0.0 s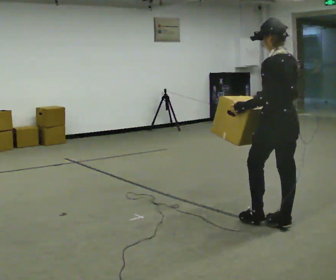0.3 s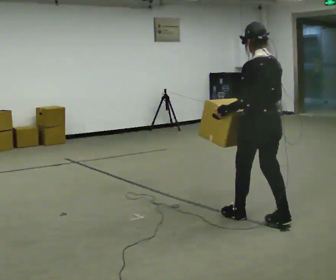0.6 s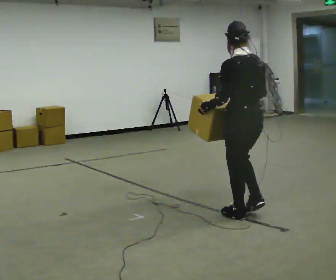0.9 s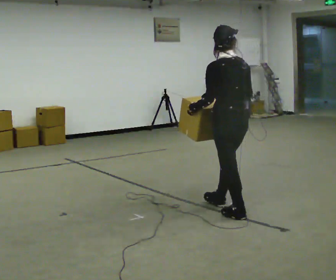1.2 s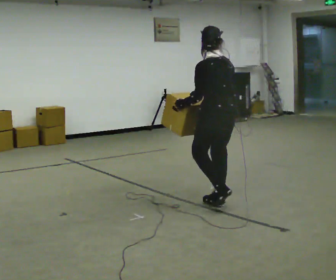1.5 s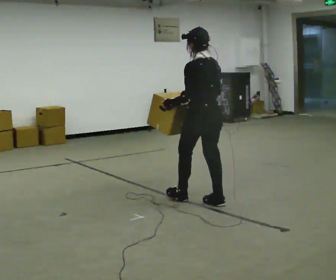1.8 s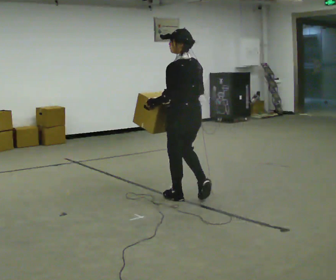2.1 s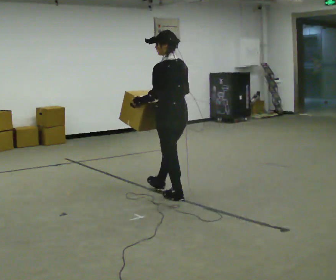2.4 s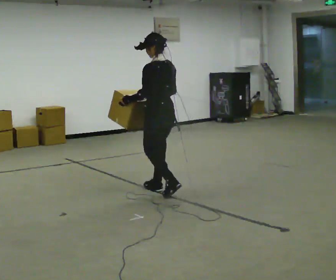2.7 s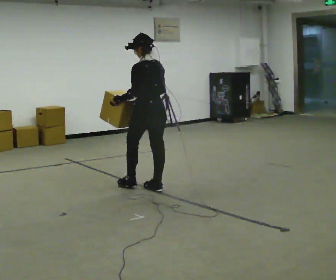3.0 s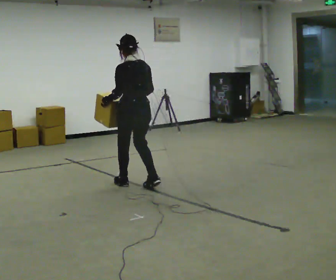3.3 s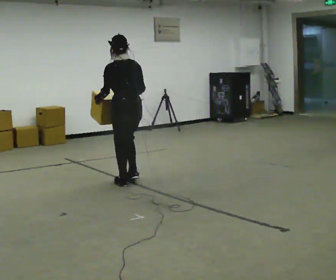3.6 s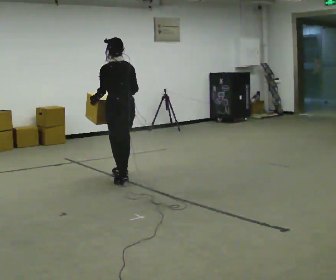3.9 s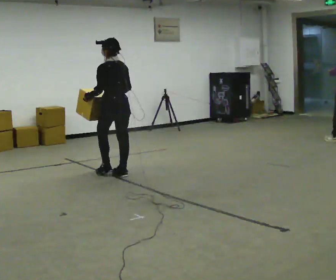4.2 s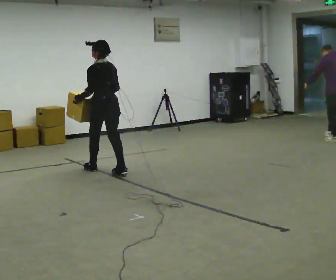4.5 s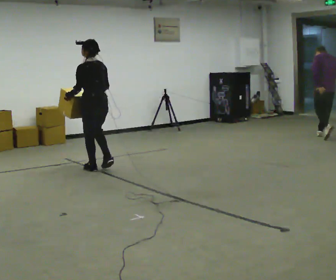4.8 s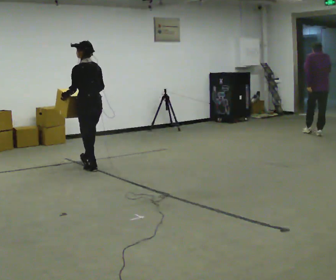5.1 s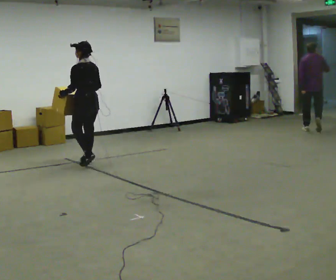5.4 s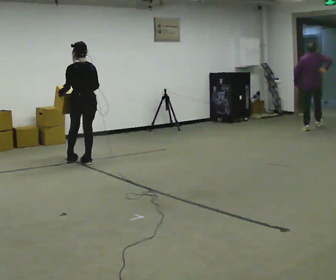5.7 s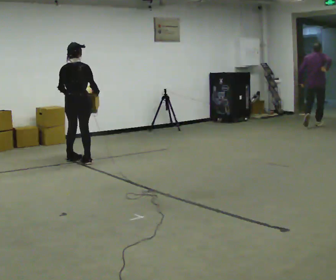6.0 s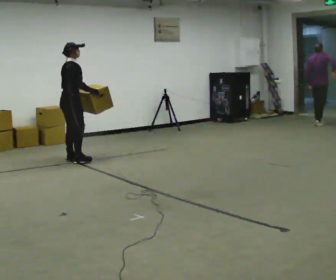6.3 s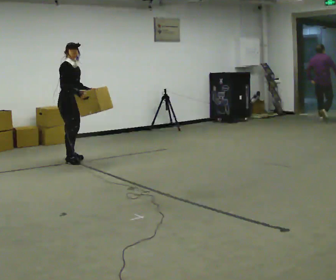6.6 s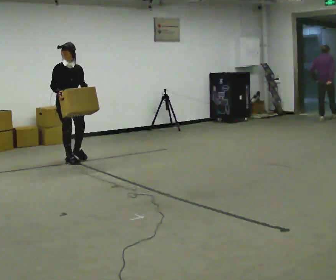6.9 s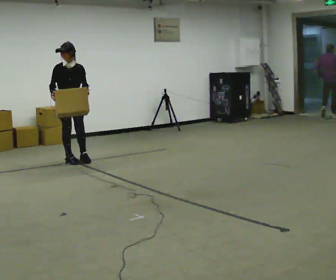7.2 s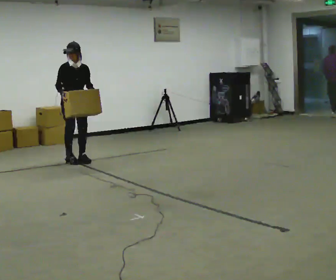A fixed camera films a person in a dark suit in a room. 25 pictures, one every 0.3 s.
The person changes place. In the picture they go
away from the camera.
0.0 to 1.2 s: In the picture they go away from the camera and to the left, about 0.5 m in 2 steps, which for them is forward.
1.2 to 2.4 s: In the picture they go away from the camera and to the left, about 1 m in 2 steps, which for them is forward.
2.4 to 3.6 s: In the picture they go away from the camera and to the left, about 0.5 m in 2 steps, which for them is forward.
3.6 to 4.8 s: In the picture they go away from the camera and to the left, about 0.5 m in 2 steps, which for them is forward.
4.8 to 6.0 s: The person turns about 105 degrees to their right, clockwise seen from above, so the part of the body nearest the lens slides to the left. In the picture they go away from the camera and to the left, about 0.5 m in 1 step.
6.0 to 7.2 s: The person turns about 75 degrees to their right, clockwise seen from above, so the part of the body nearest the lens slides to the left. In the picture their right hand goes to the left.
The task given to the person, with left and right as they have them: Carry the box across the room while freely looking around at the walls, ceiling and floor. Keep going until the operator says stop; one object at a time, and do not rush between trips.
The film runs forward here.
